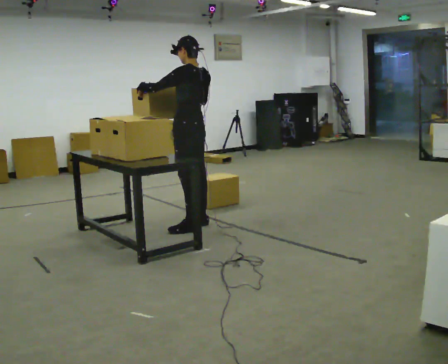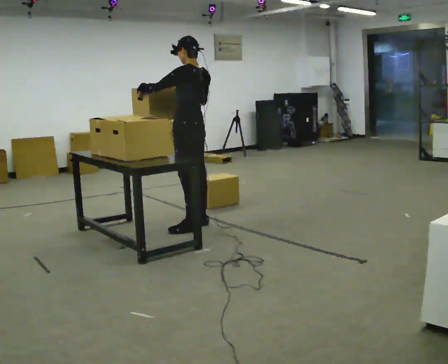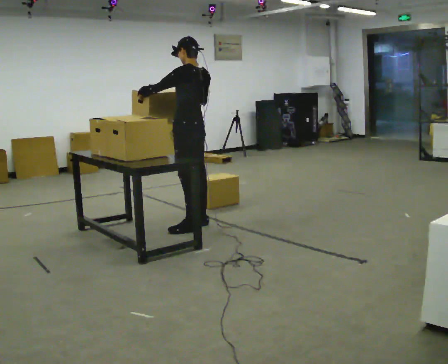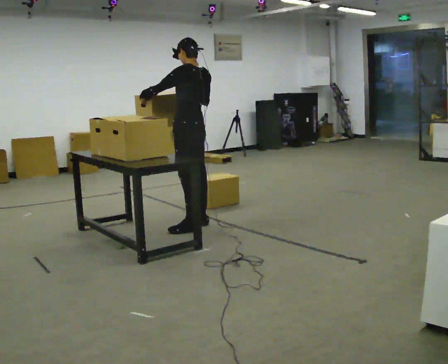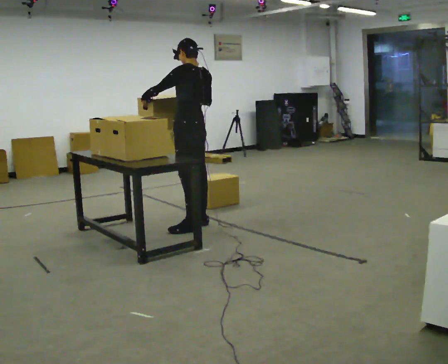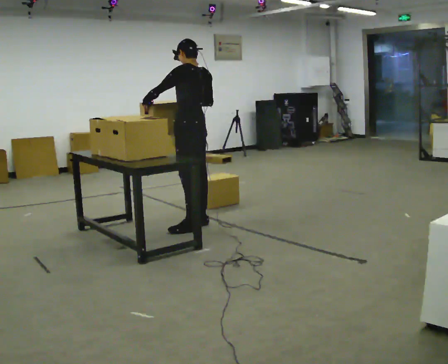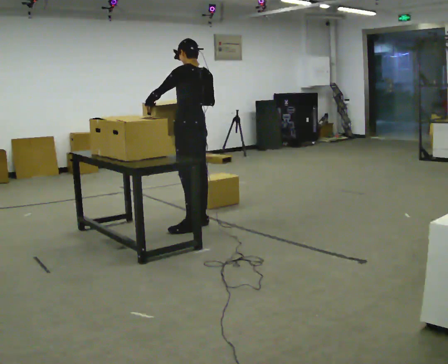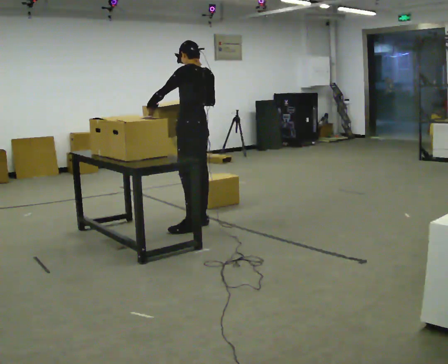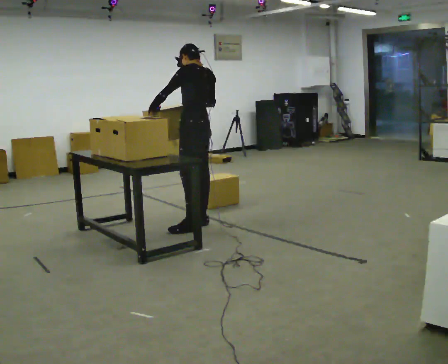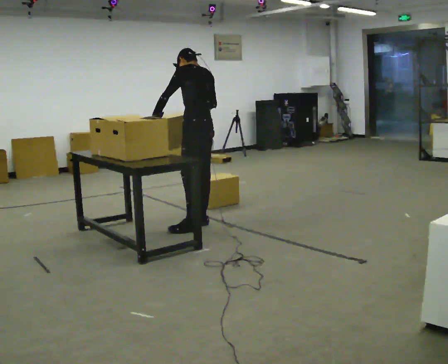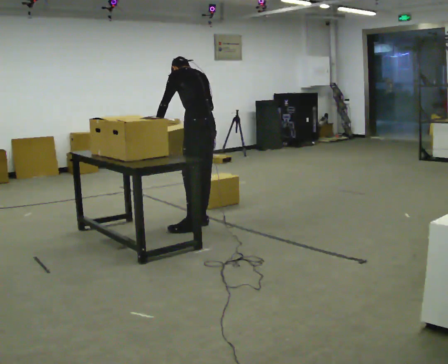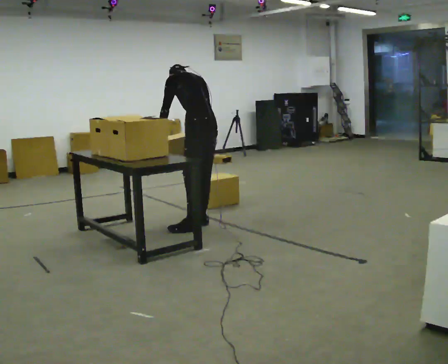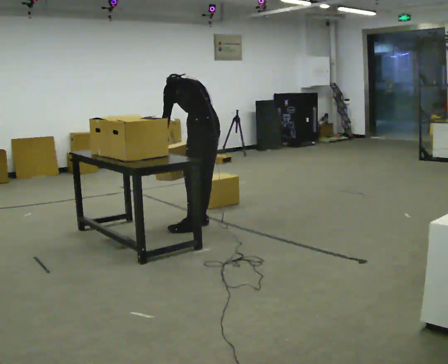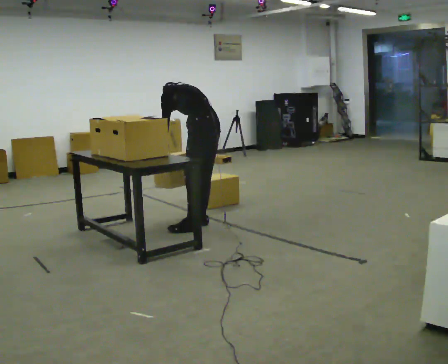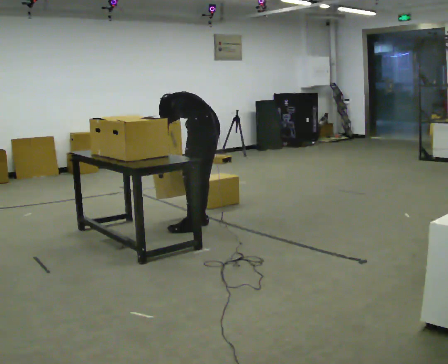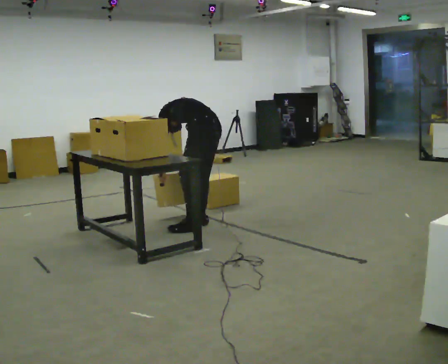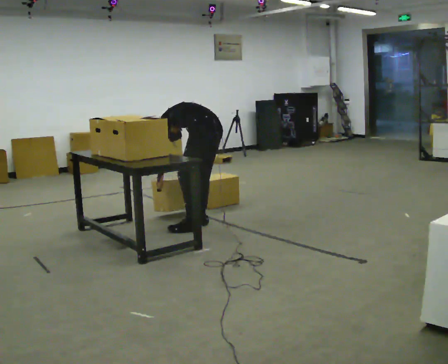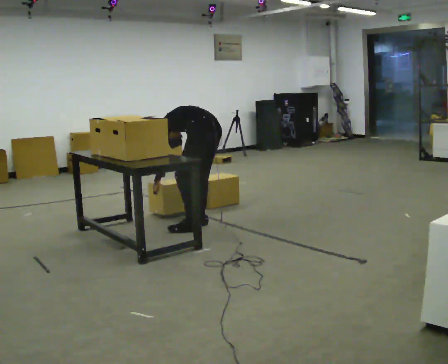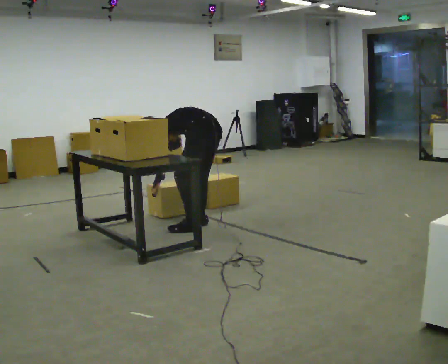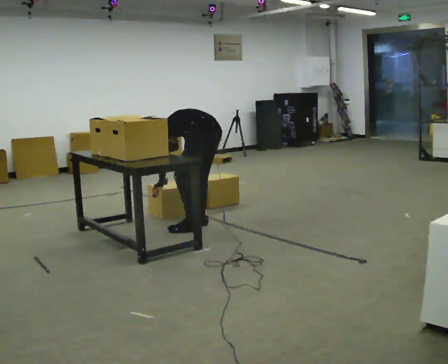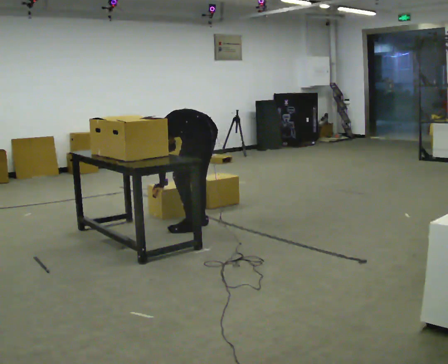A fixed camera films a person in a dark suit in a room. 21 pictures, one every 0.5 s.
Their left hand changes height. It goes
downward.
Their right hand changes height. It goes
downward.
0.0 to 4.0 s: The person moves a little, or ends about where they began.
4.0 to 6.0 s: The upper body tips away from the camera, its near side rolling upward, as they bend forward. In the picture their left hand goes downward.
6.0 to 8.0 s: The shoulders move downward. The upper body tips away from the camera, its near side rolling upward, as they bend forward. In the picture their right hand goes downward.
8.0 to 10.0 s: The person moves a little, or ends about where they began.
The film runs forward here.
